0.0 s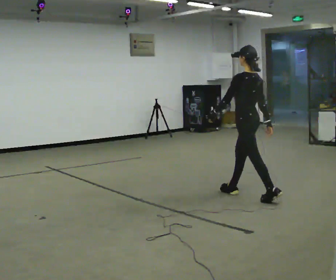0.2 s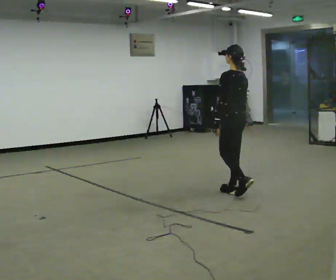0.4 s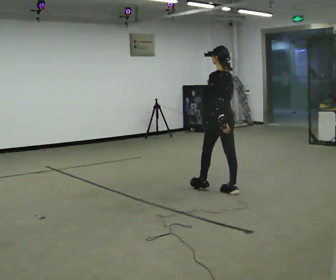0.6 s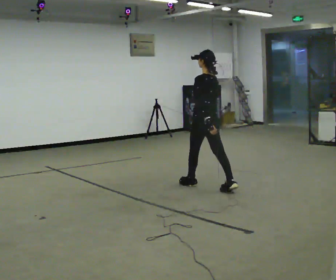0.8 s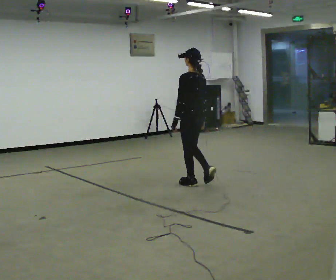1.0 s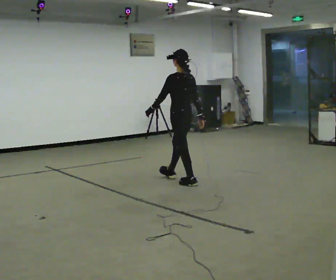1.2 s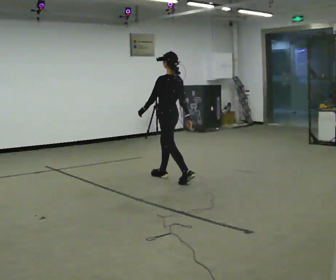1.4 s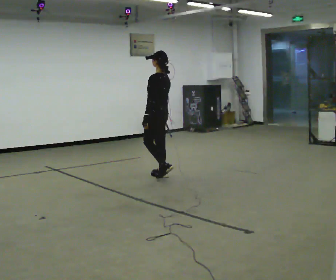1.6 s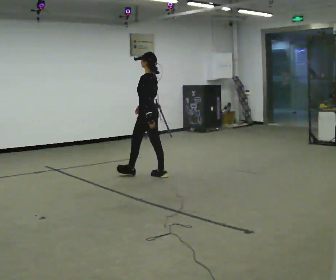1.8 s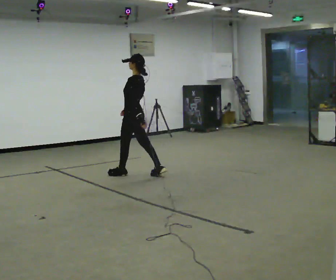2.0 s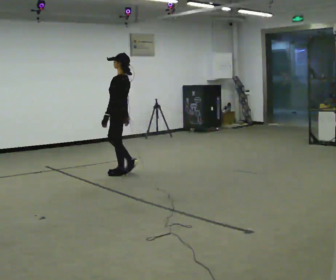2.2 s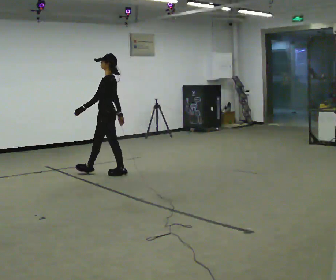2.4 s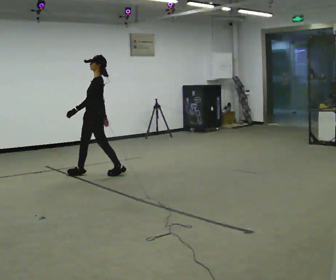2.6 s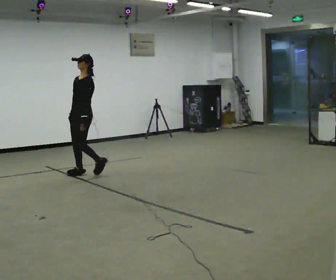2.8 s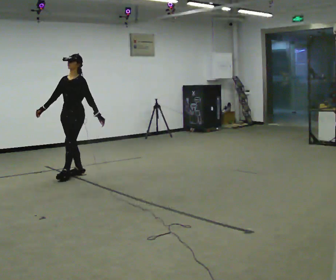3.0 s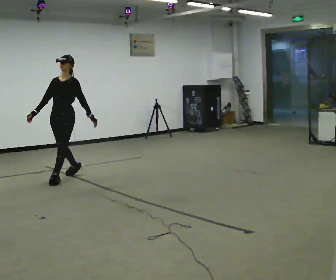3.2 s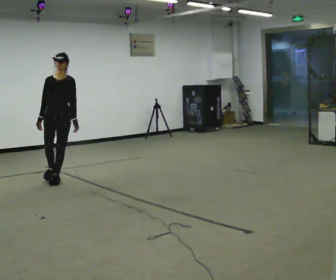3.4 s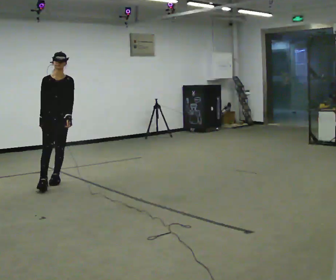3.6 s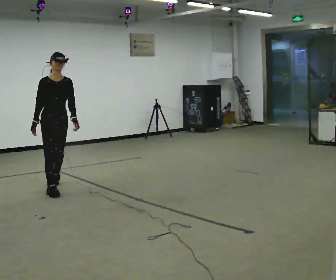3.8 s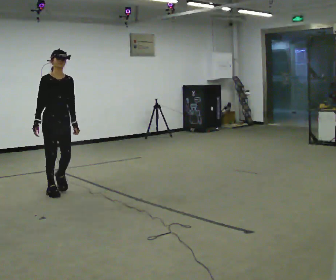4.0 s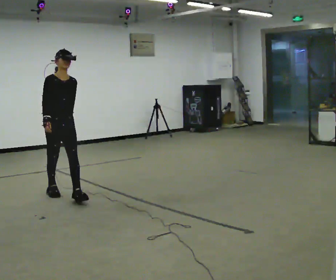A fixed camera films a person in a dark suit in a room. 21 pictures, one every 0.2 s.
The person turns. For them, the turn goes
to their left.
The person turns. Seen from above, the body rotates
counterclockwise.
0.0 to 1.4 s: In the picture they go away from the camera and to the left, about 1.5 m in 2 steps, which for them is forward.
1.4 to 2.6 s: The part of the body nearest the lens slides to the right as the person turns to their left by about 75 degrees. In the picture they go to the left, about 1 m in 2 steps.
2.6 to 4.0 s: The part of the body nearest the lens slides to the right as the person turns to their left by about 90 degrees. In the picture they go toward the camera, about 1 m in 2 steps.
The film runs forward here.
